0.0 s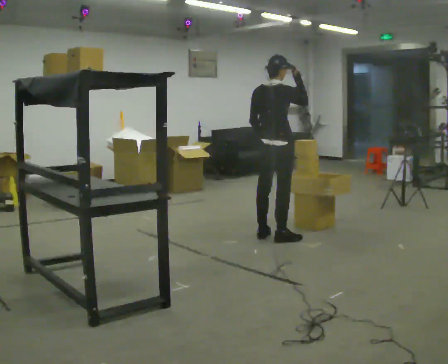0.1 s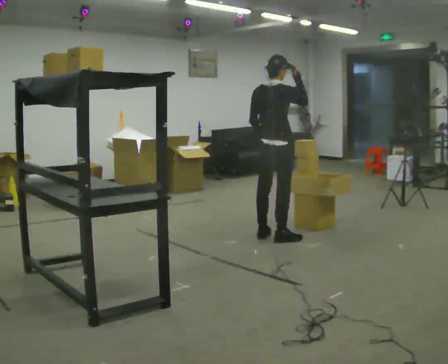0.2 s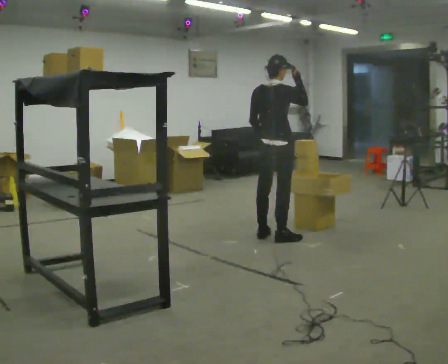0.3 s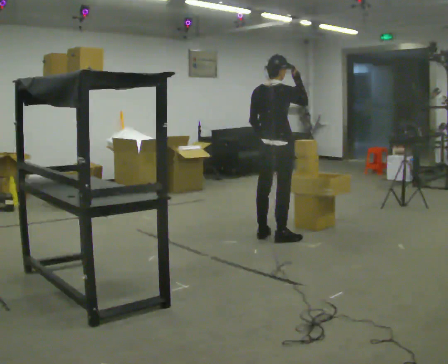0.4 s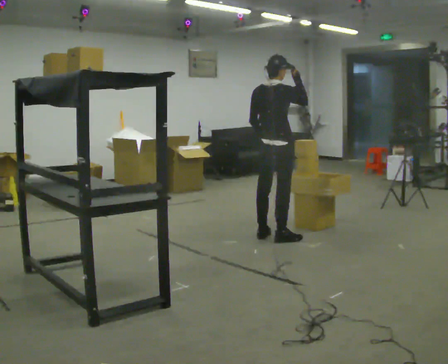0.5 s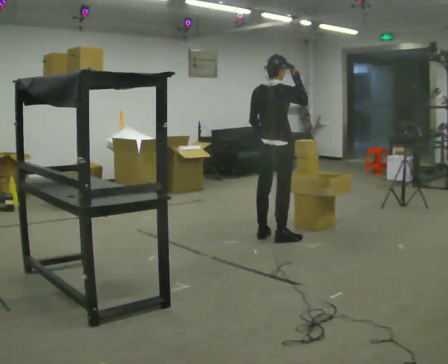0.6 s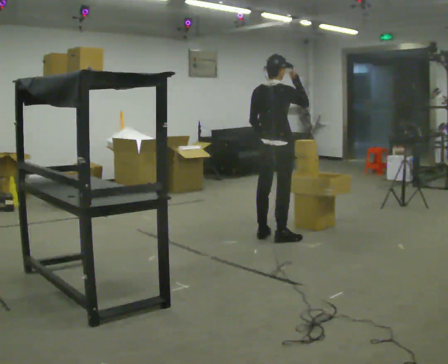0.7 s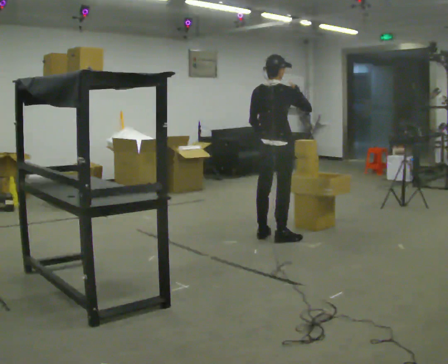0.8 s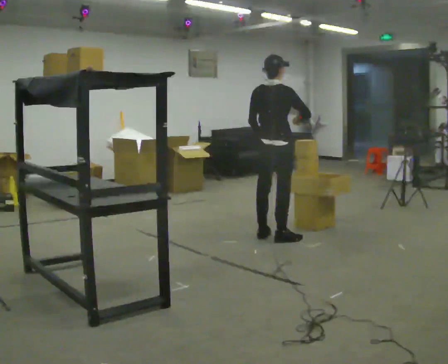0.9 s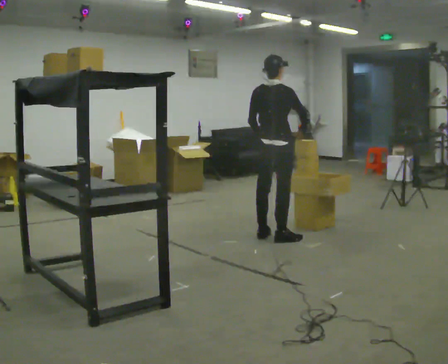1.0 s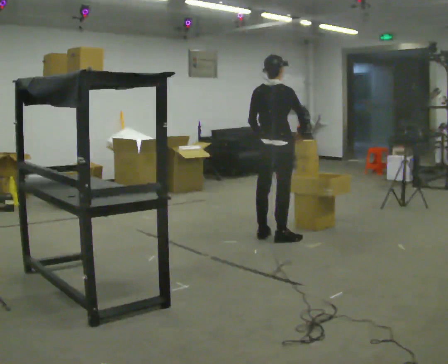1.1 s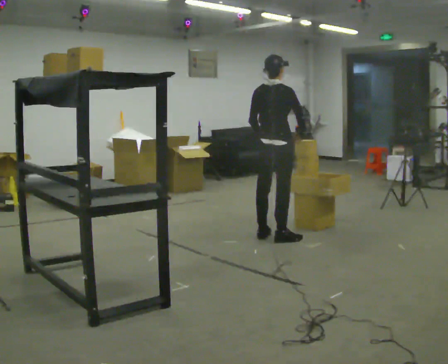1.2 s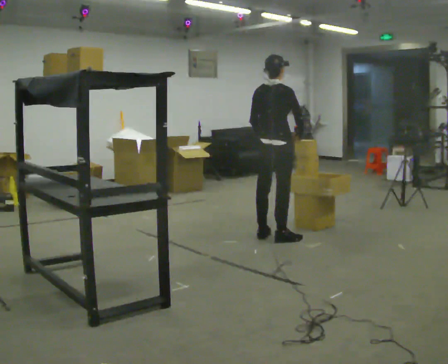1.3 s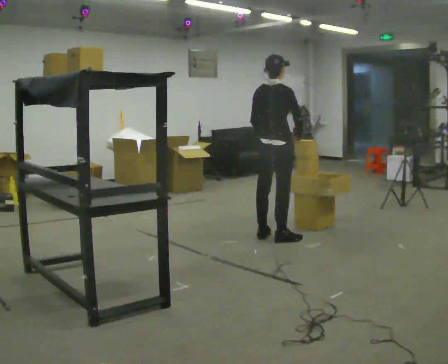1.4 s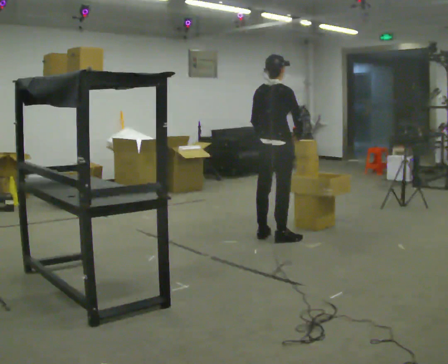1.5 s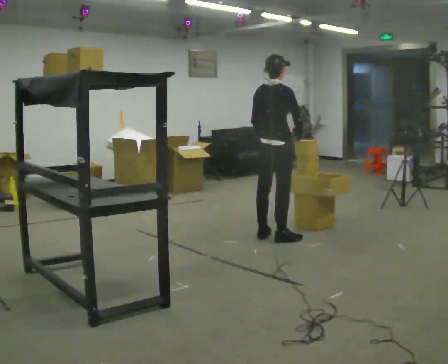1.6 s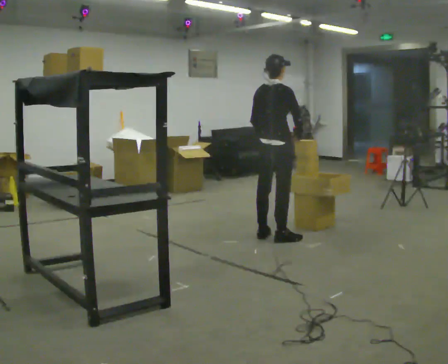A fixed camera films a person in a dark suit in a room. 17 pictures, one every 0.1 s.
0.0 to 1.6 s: In the picture their right hand goes downward.
The film runs forward here.
